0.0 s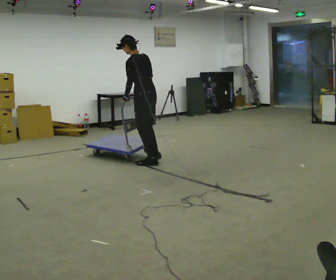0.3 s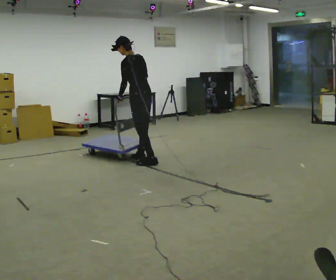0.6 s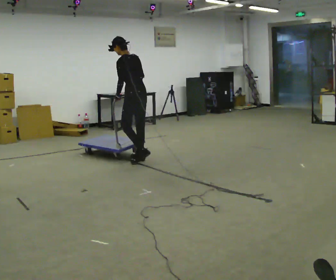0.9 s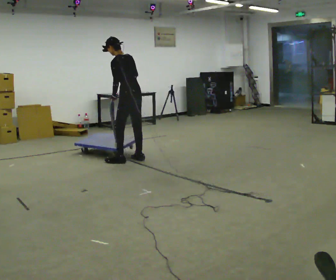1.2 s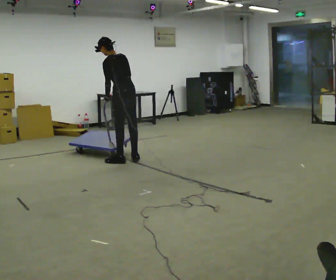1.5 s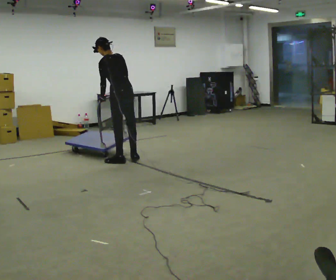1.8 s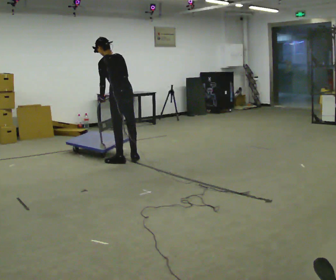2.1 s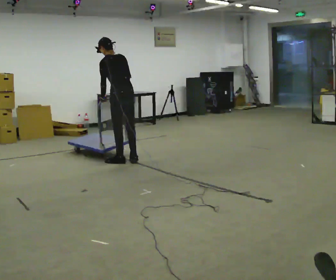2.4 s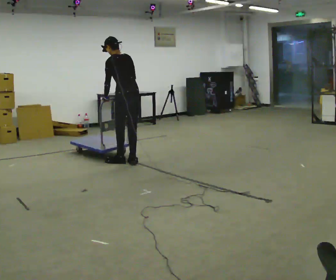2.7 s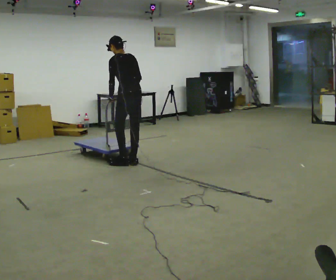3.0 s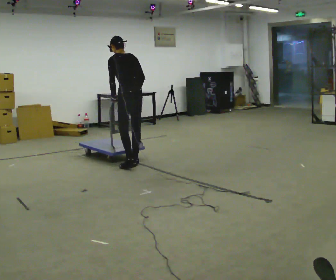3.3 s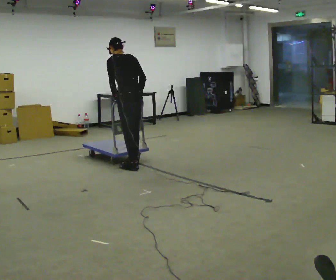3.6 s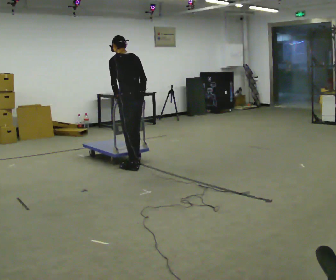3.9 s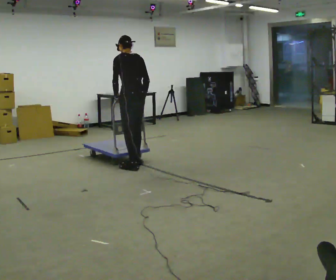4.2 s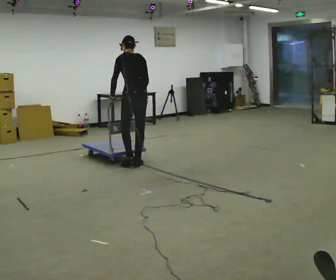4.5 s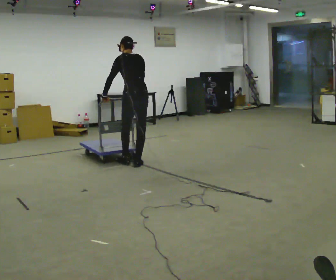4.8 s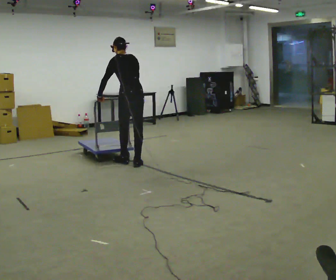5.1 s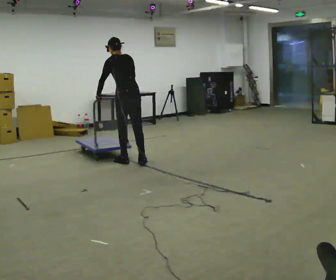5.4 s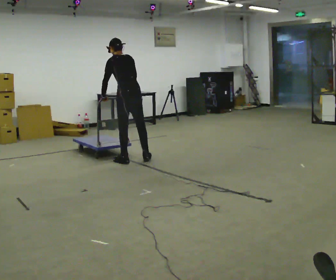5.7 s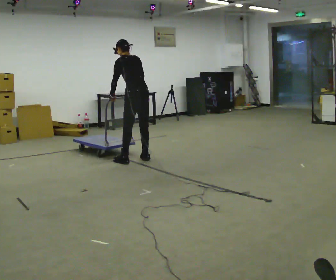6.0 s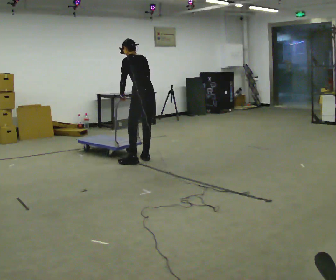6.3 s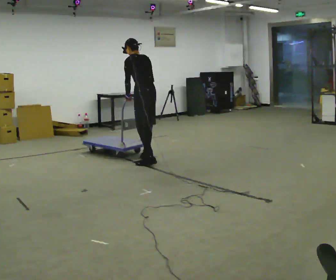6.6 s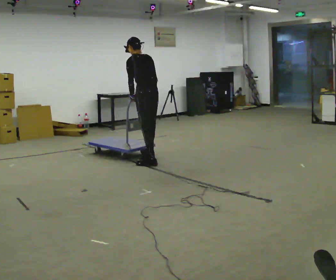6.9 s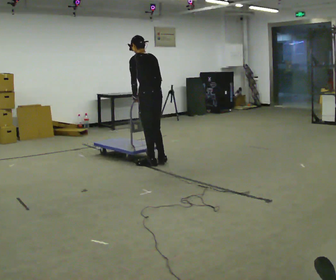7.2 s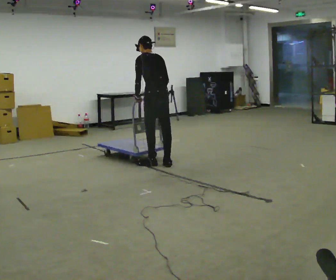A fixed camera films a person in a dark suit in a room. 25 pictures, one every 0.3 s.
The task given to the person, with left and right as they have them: Get the cart into the marked parking space and lined up with the tape. Take as many adjustments as you need. Then take it out again and repeat.
0.0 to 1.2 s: In the picture they go to the left and away from the camera, about 0.25 m in 2 steps, which for them is forward.
1.2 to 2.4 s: The person moves a little, or ends about where they began.
2.4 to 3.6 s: In the picture they go toward the camera, about 0.25 m in 1 step, which for them is backward.
3.6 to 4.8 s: In the picture they go away from the camera, about 0.25 m in 1 step, which for them is forward.
4.8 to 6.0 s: In the picture they go to the right and away from the camera, about 0.25 m in 1 step, which for them is to their right.
6.0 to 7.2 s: In the picture they go toward the camera and to the right, about 0.25 m in 2 steps, which for them is backward.
The film runs forward here.
